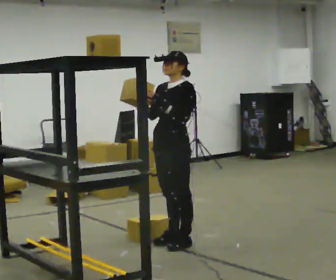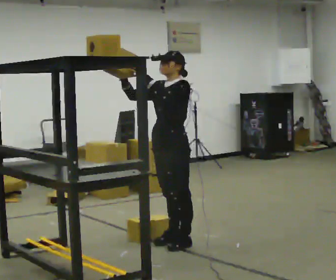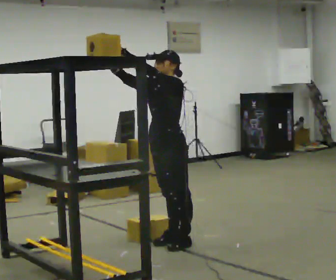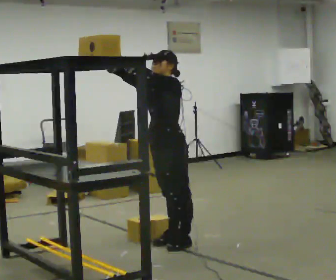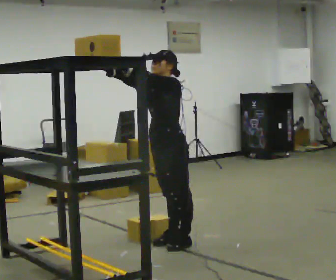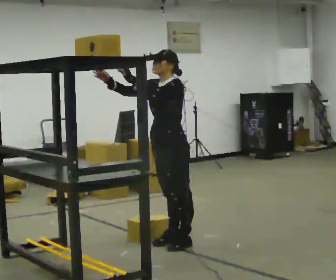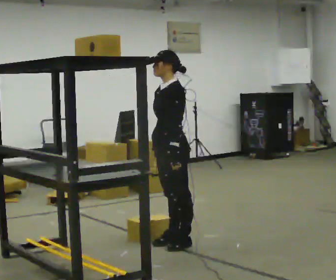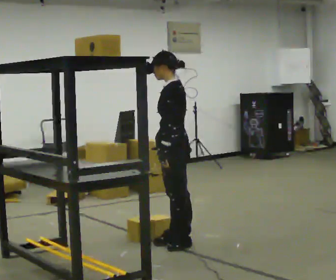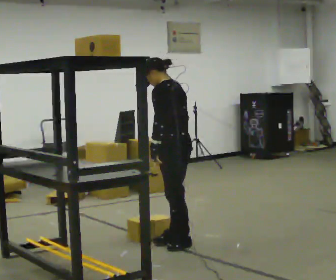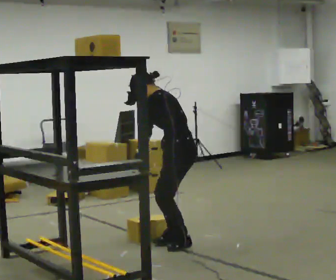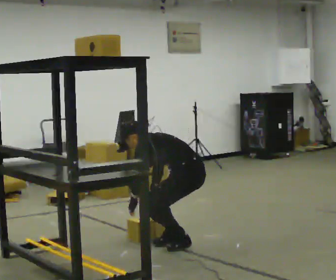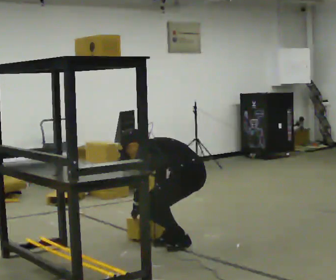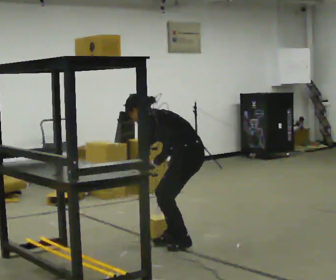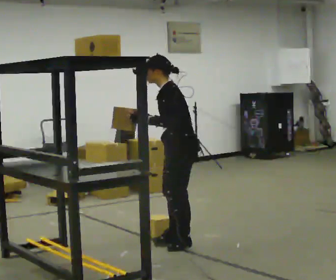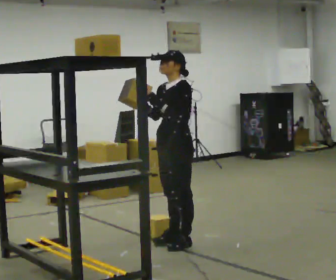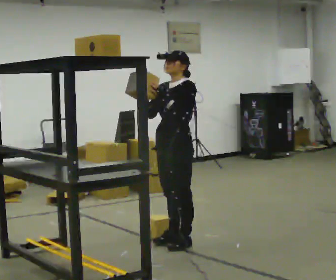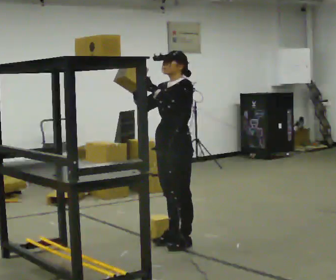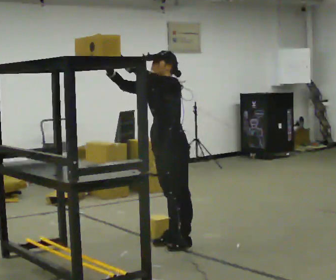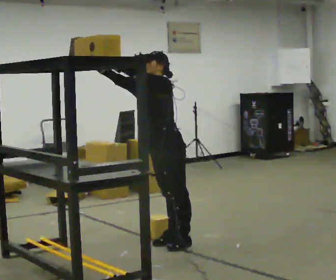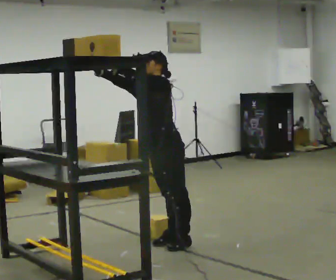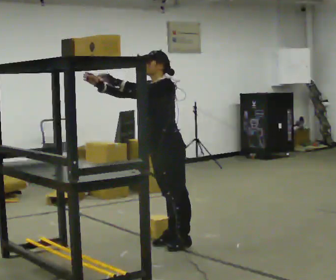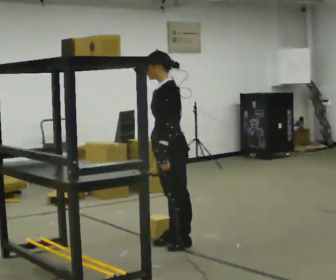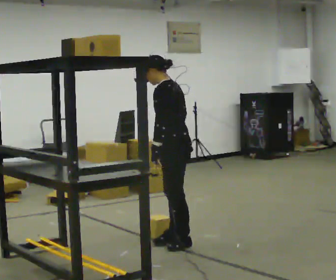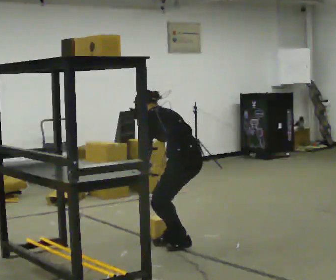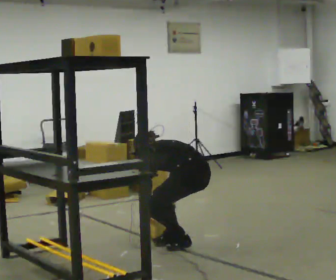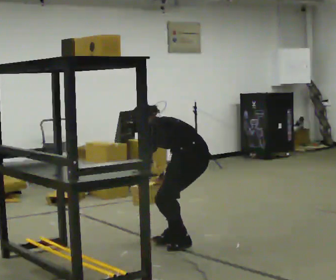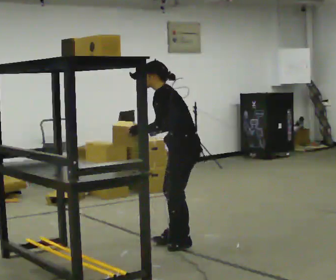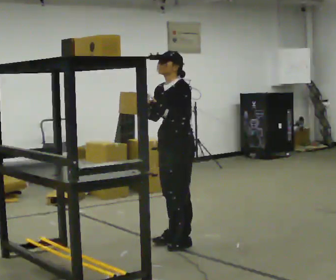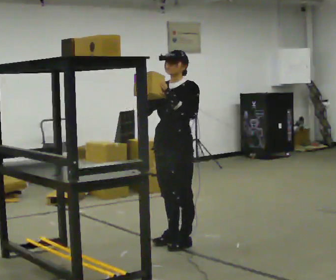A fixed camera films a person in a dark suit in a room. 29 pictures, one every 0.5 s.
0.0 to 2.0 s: The person moves a little, or ends about where they began.
2.0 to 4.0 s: Seen from above the body turns clockwise, about 45 degrees: to their right, with its near side sliding to the left. In the picture their right hand goes downward and to the right, the arm swinging counterclockwise.
4.0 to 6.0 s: The person moves a little, or ends about where they began.
6.0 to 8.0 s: The person turns about 45 degrees to their left, counterclockwise seen from above, so the part of the body nearest the lens slides to the right. The shoulders move upward. In the picture the upper body tilts clockwise, shoulders to the right, as they lean back or straighten. In the picture their right hand goes upward.
8.0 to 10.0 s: The person moves a little, or ends about where they began.
10.0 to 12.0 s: The person turns about 75 degrees to their right, clockwise seen from above, so the part of the body nearest the lens slides to the left. In the picture they go to the right, about 0.25 m. The upper body goes downward. The upper body tips away from the camera, its near side rolling upward, as they bend forward. In the picture their right hand goes downward and to the right, the arm swinging counterclockwise.
12.0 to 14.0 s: Seen from above the body turns counterclockwise, about 90 degrees: to their left, with its near side sliding to the right. The upper body goes upward. In the picture the upper body tilts clockwise, shoulders to the right, as they lean back or straighten. In the picture their right hand goes upward.
The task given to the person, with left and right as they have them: Place the object on the shelf just at the top of your comfortable reach. Repeat at your own pace until the operator says stop. Keep both feet on the marked spots for the whole take. If you have to step, stop and tell the operator.
The film runs forward here.
